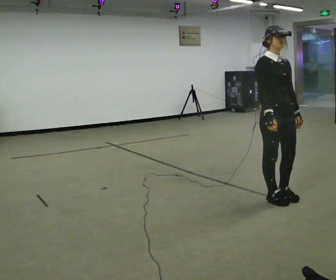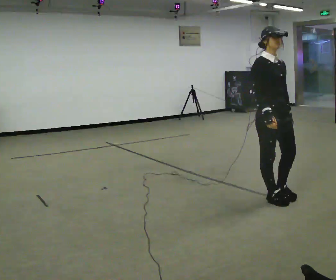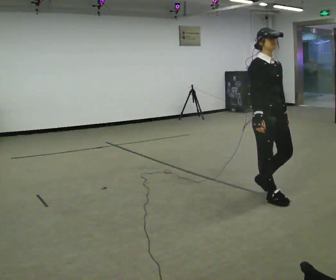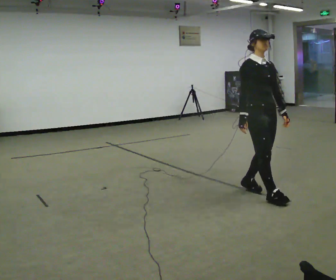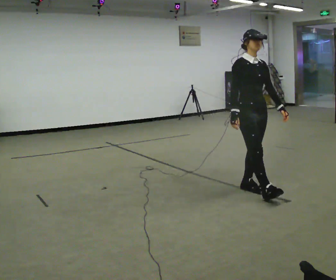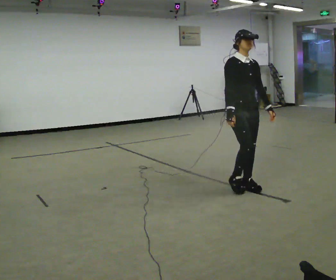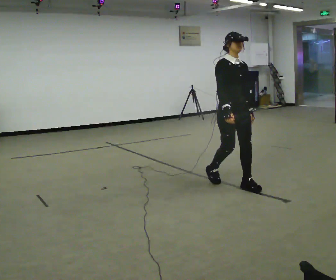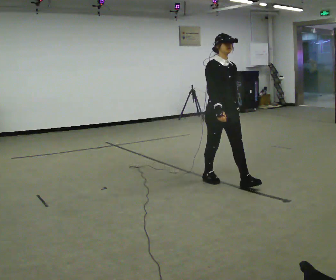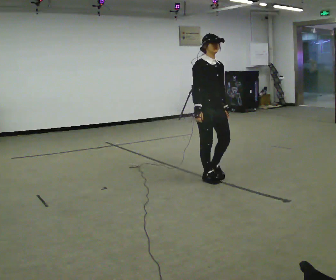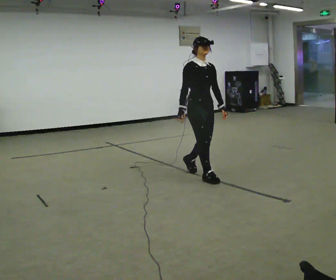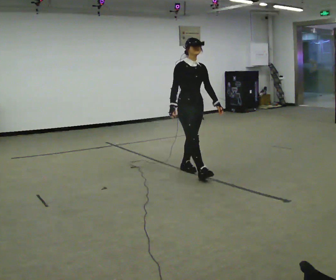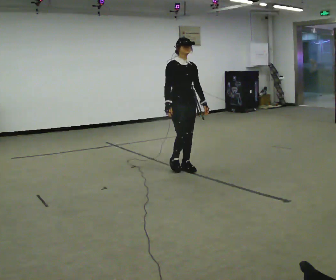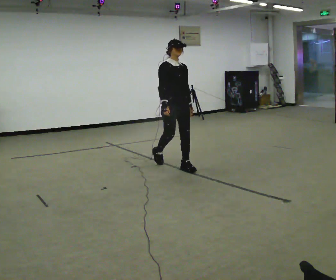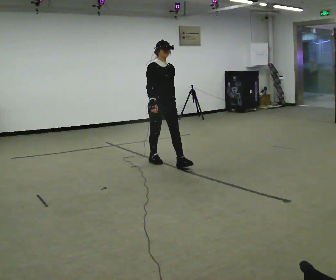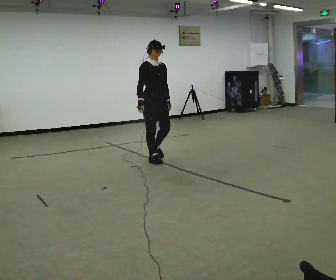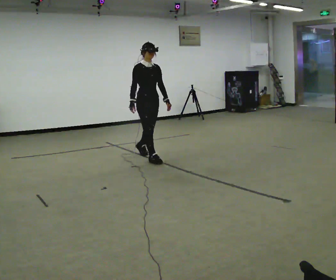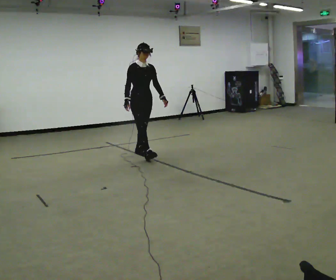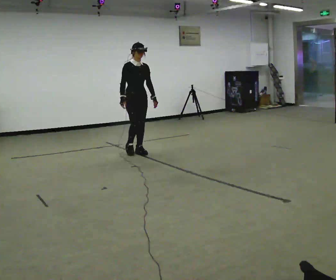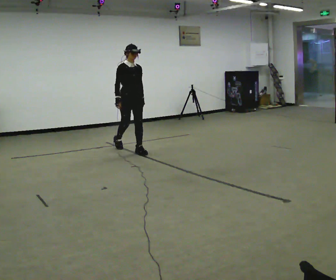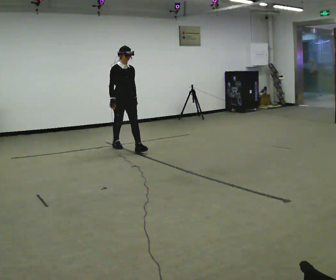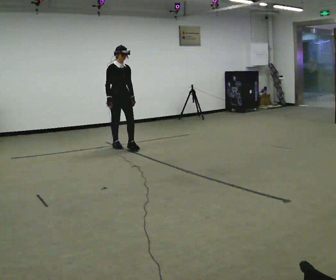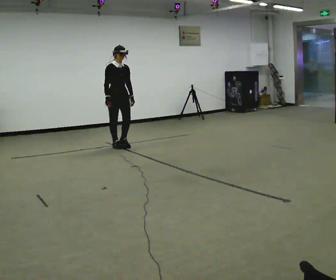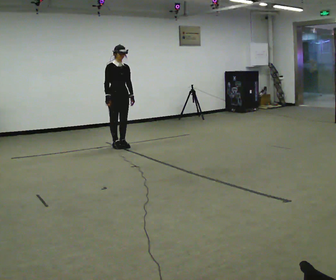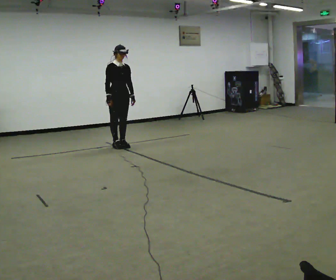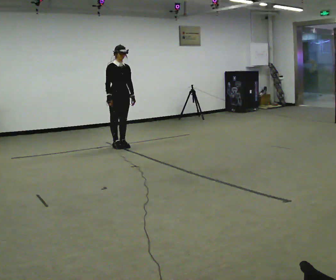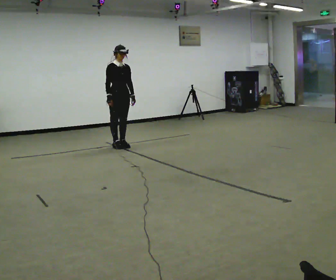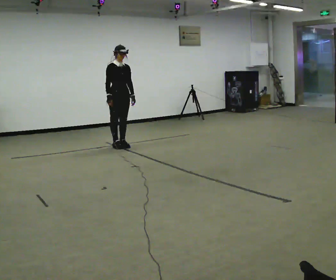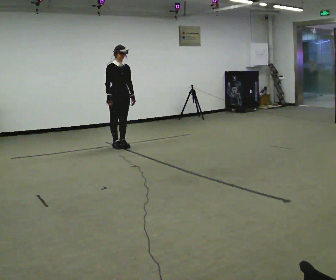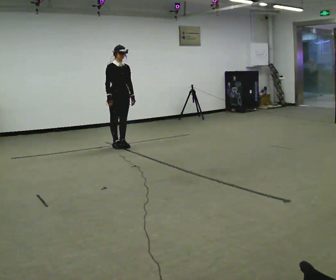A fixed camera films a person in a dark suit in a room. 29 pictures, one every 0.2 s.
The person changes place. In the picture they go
away from the camera.
0.0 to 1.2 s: In the picture they go away from the camera and to the left, about 0.5 m in 2 steps, which for them is backward.
1.2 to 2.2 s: In the picture they go away from the camera and to the left, about 1 m in 2 steps, which for them is backward.
2.2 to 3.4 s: In the picture they go away from the camera and to the left, about 1 m in 2 steps, which for them is backward.
3.4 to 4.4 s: In the picture they go away from the camera and to the left, about 0.5 m in 1 step, which for them is backward.
4.4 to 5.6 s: The person moves a little, or ends about where they began.
The film runs backward here.
